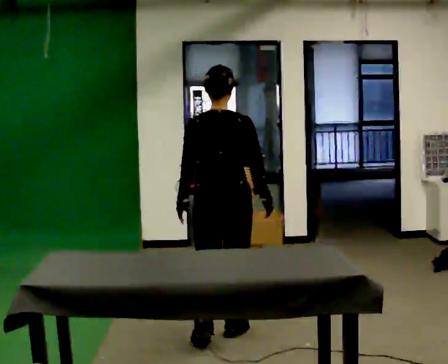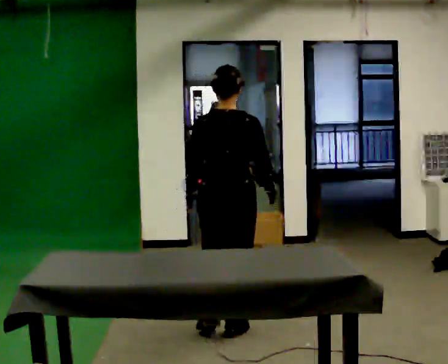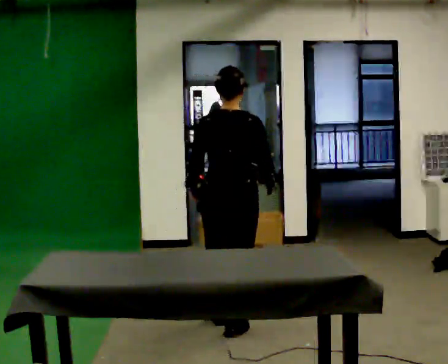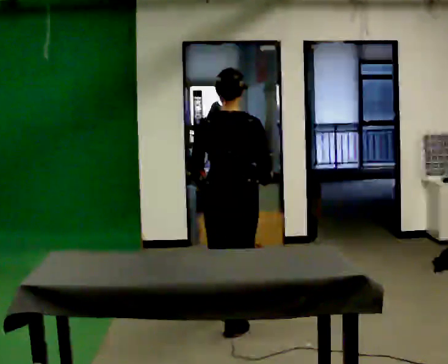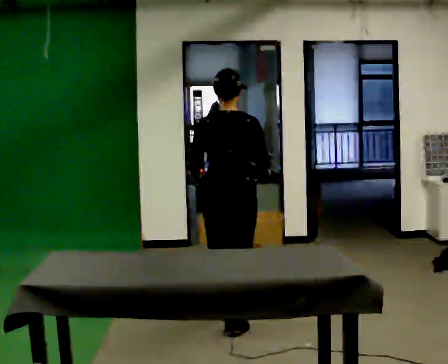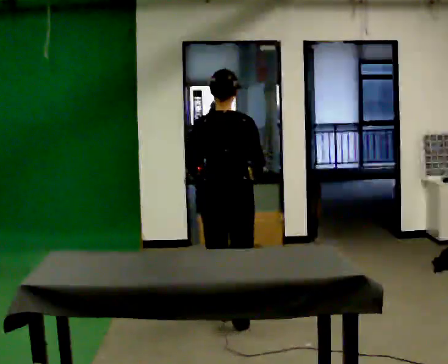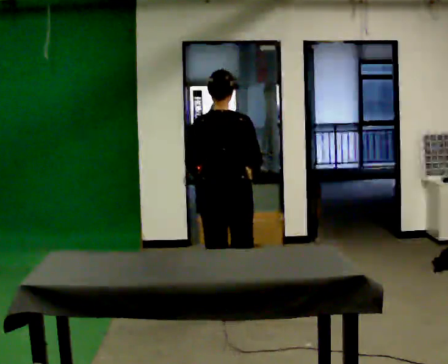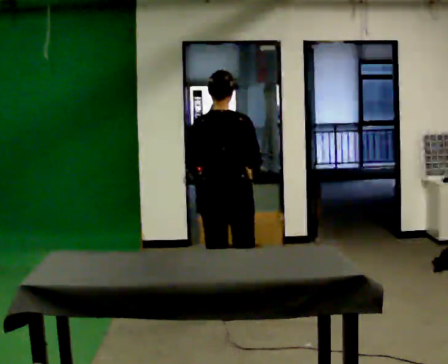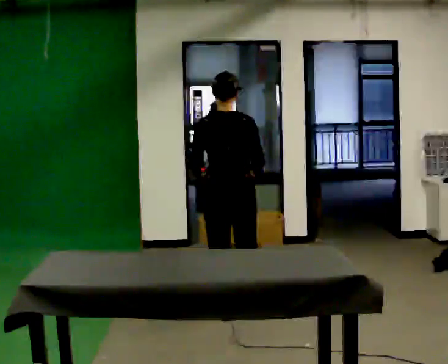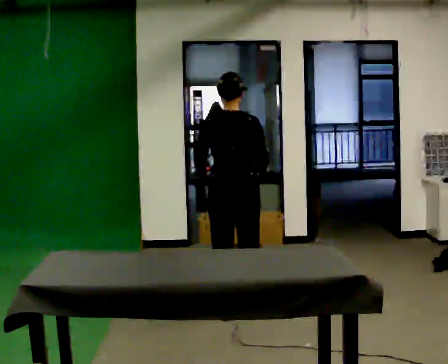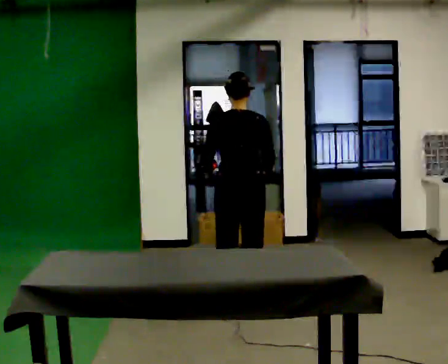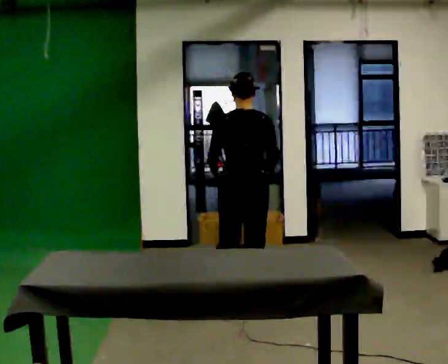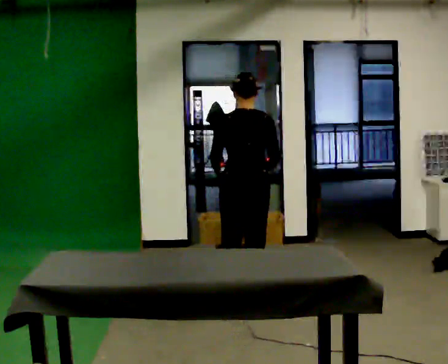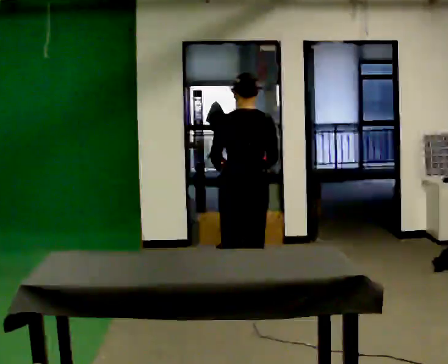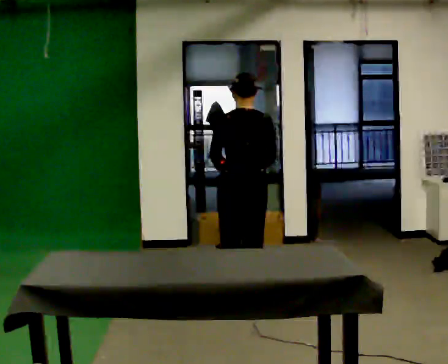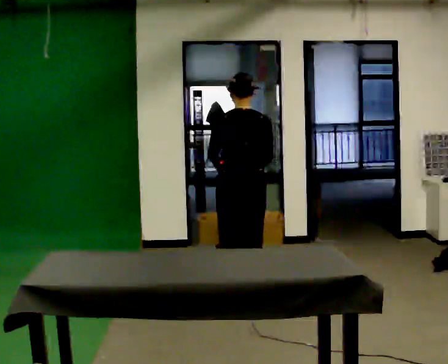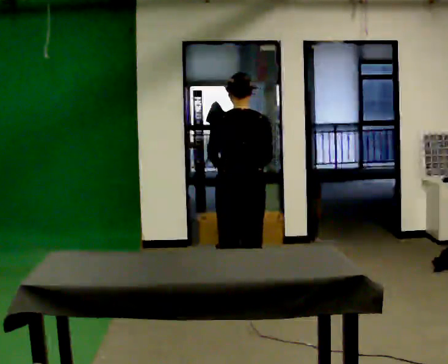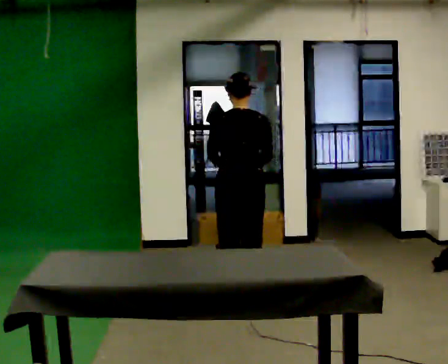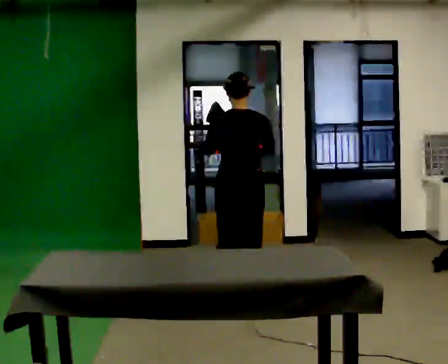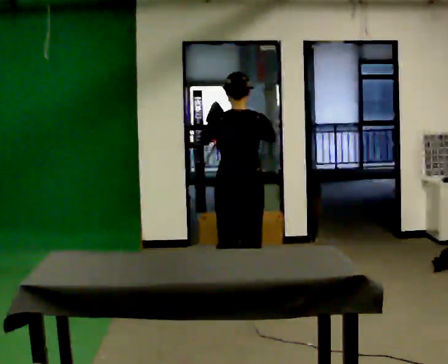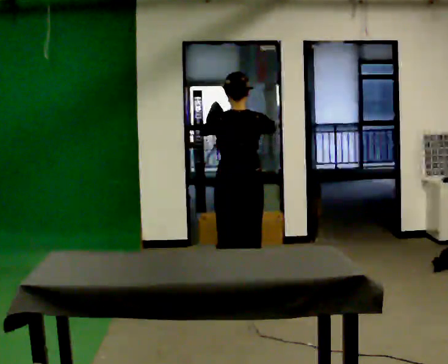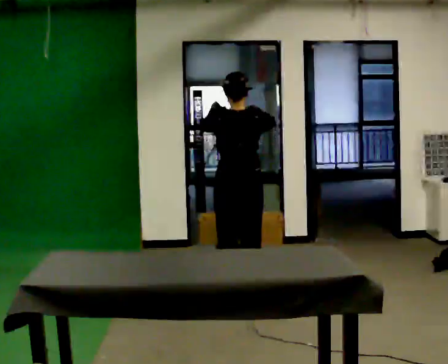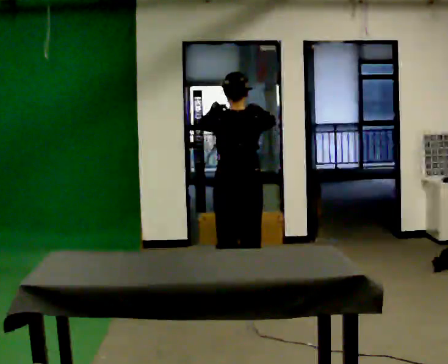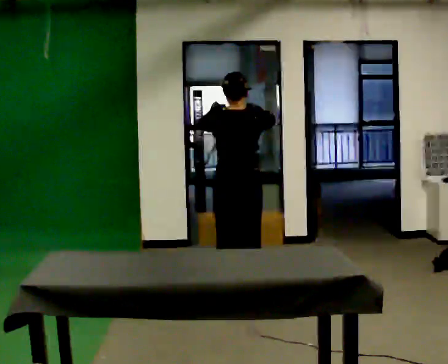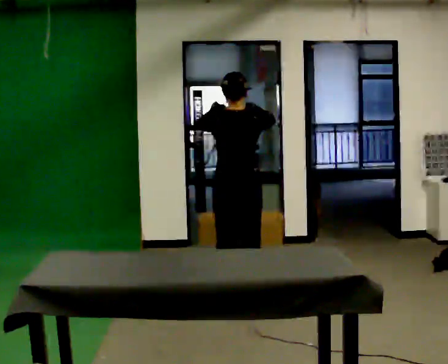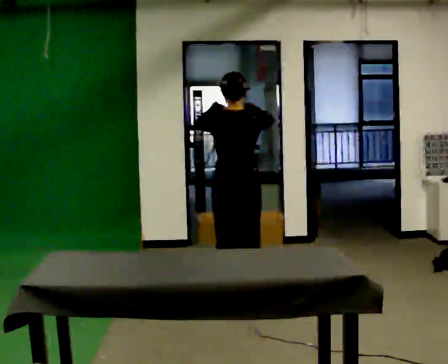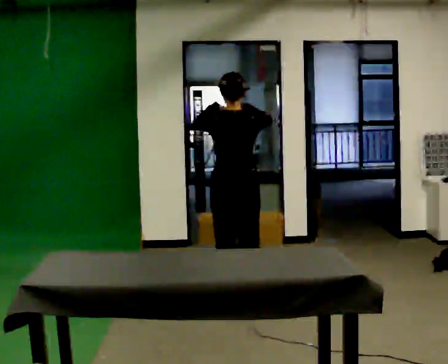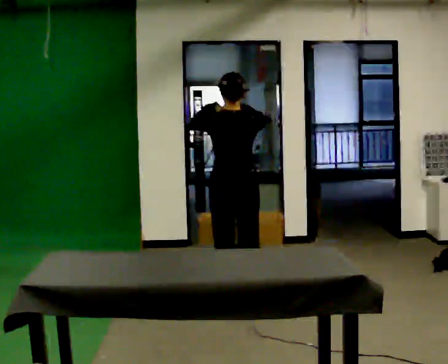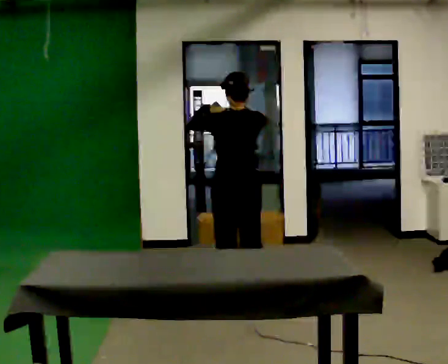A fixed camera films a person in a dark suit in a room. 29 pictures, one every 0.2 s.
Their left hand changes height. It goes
upward.
Their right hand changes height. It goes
upward.
0.0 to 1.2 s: In the picture they go away from the camera, about 0.5 m in 1 step, which for them is forward.
1.2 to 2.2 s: In the picture they go away from the camera, about 0.25 m in 1 step, which for them is forward.
2.2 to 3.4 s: The person moves a little, or ends about where they began.
3.4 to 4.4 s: In the picture their right hand goes upward.
4.4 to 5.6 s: The person moves a little, or ends about where they began.
The film runs forward here.
